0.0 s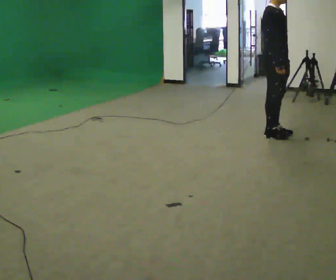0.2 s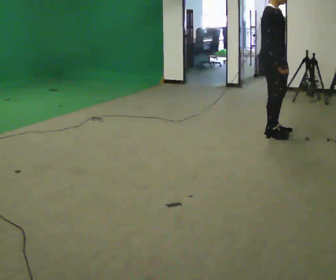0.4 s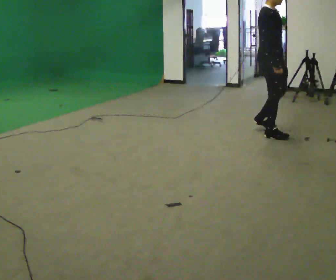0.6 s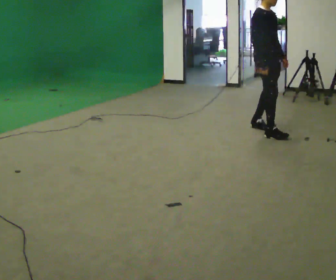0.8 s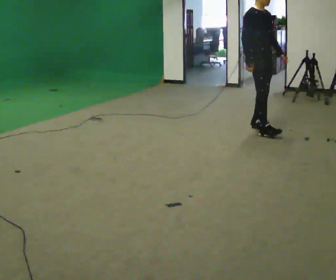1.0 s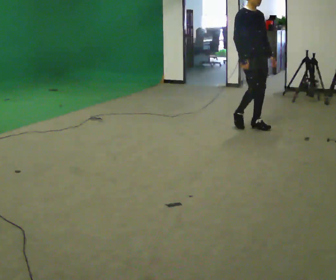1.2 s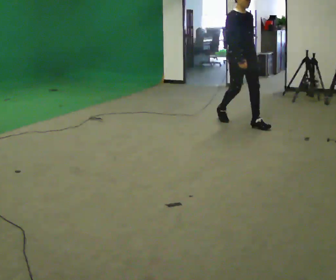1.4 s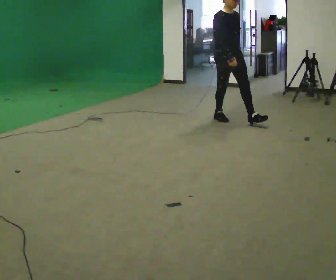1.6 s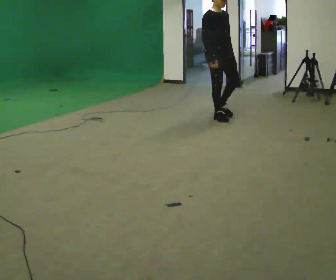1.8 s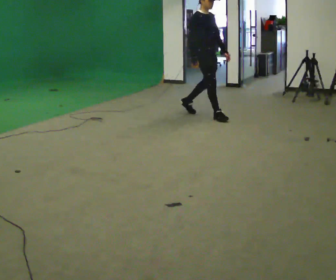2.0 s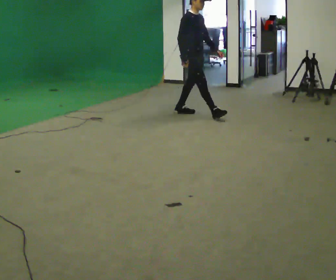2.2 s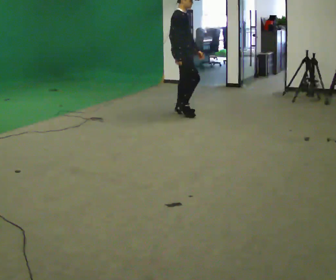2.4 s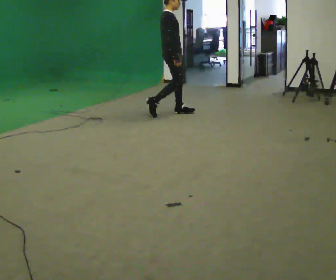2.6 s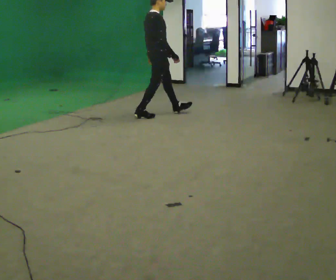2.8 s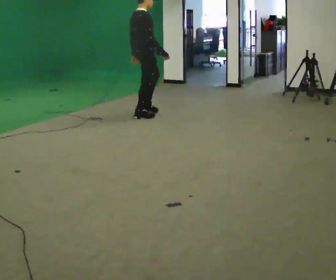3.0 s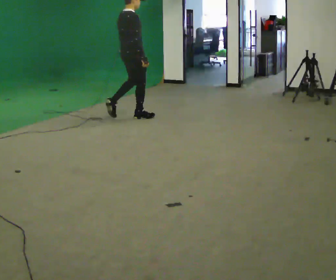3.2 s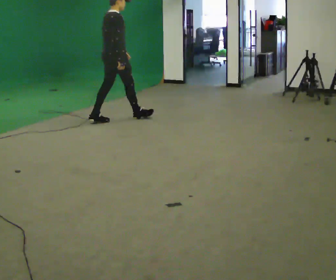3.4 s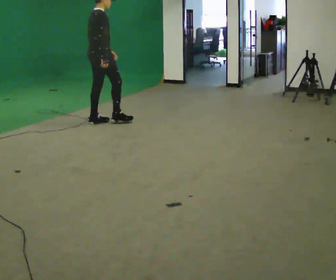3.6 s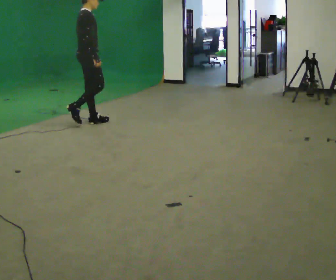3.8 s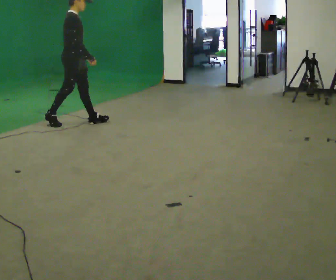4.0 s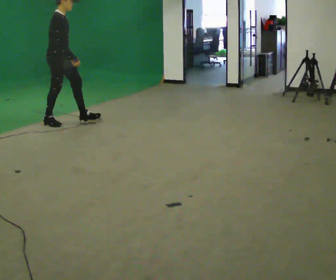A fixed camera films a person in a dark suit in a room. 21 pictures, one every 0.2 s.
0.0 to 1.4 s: In the picture they go away from the camera and to the left, about 1 m in 3 steps, which for them is backward.
1.4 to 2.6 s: The part of the body nearest the lens slides to the right as the person turns to their left by about 75 degrees. In the picture they go to the left, about 1 m in 2 steps.
2.6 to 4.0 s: In the picture they go to the left, about 1.5 m in 2 steps, which for them is backward.
The film runs backward here.
